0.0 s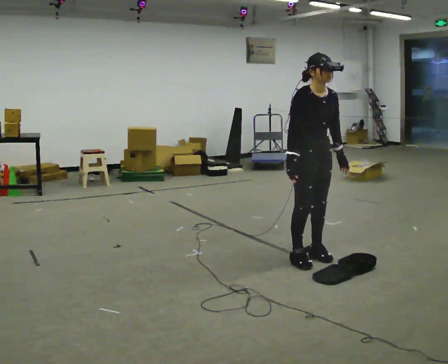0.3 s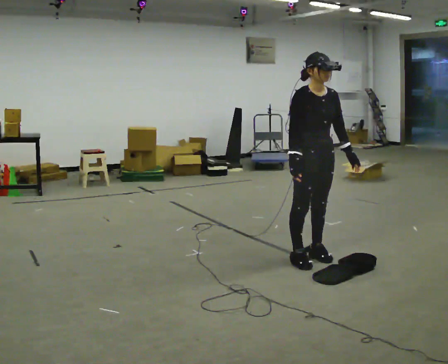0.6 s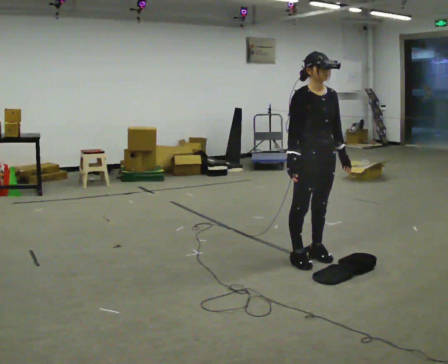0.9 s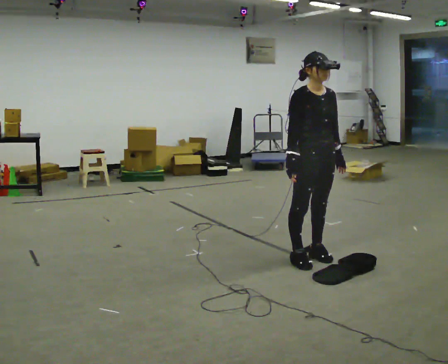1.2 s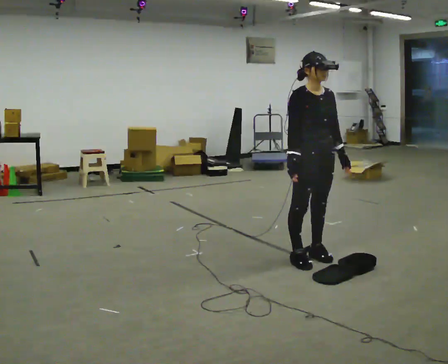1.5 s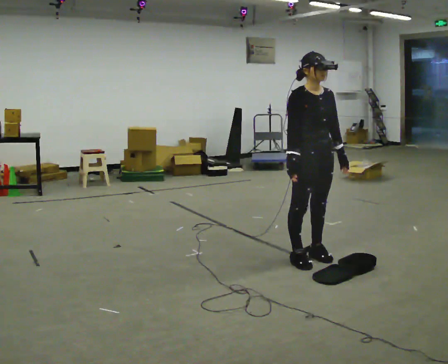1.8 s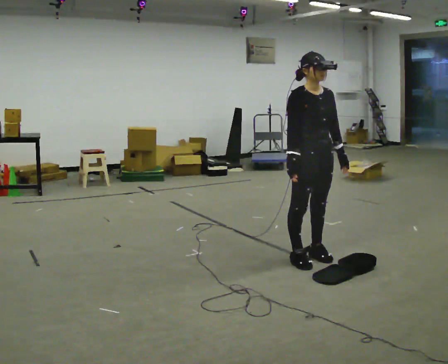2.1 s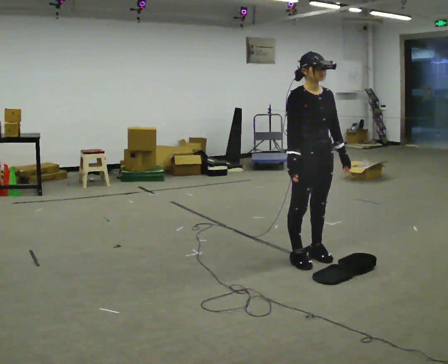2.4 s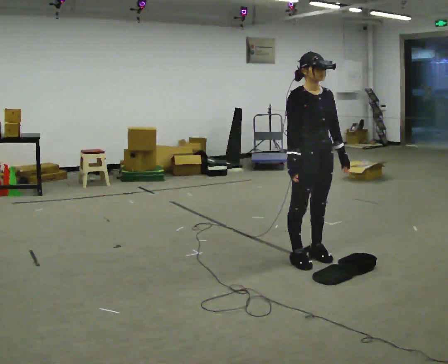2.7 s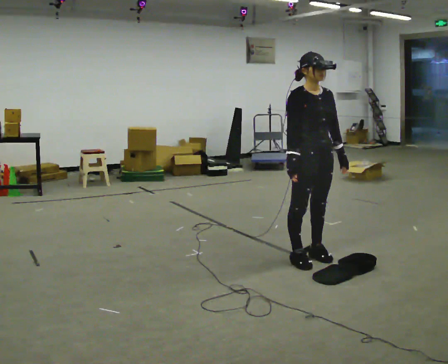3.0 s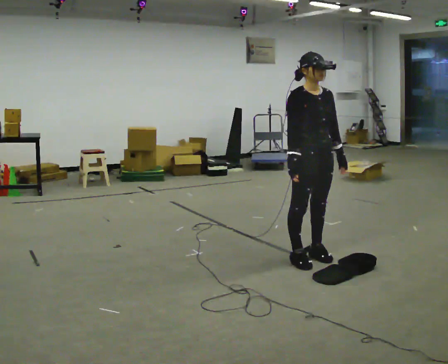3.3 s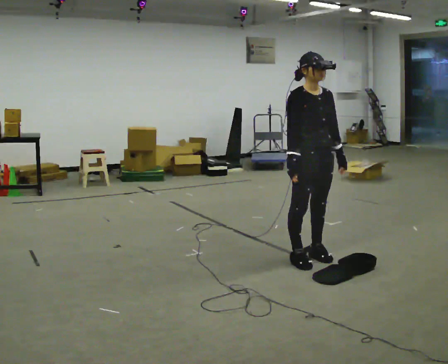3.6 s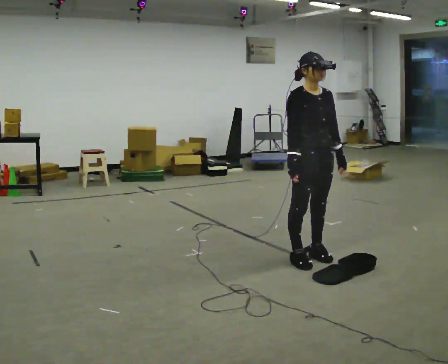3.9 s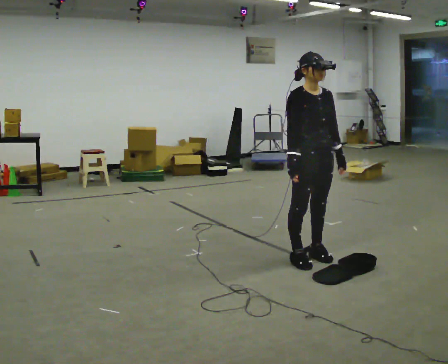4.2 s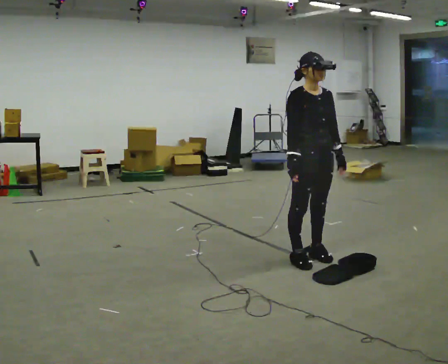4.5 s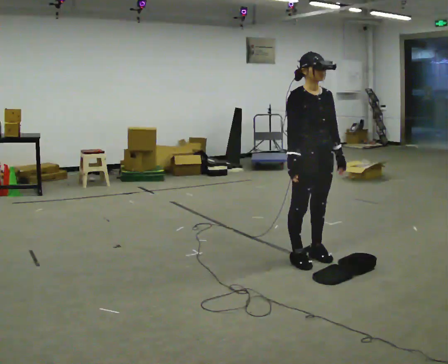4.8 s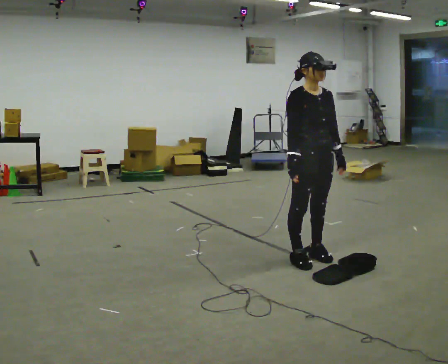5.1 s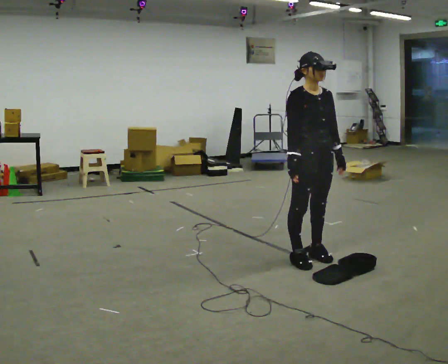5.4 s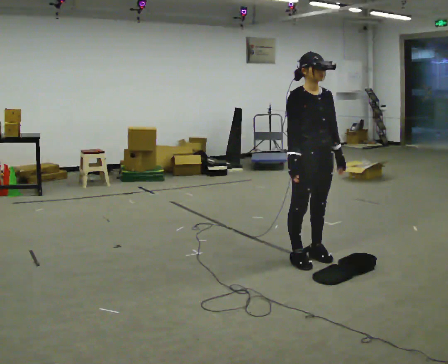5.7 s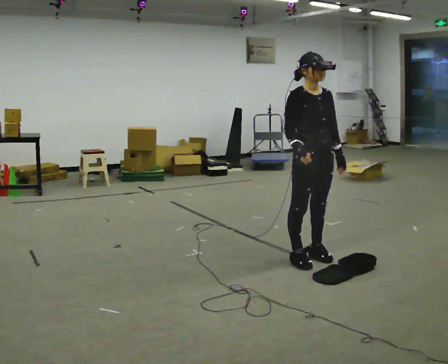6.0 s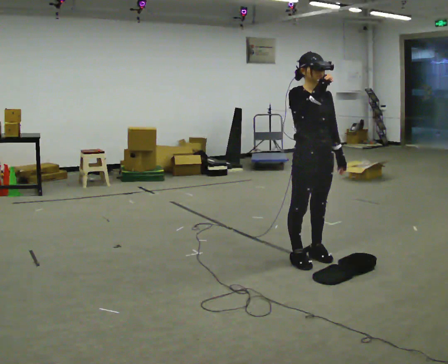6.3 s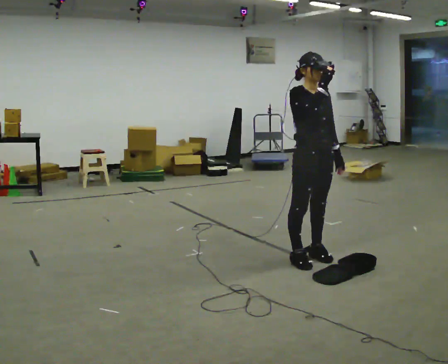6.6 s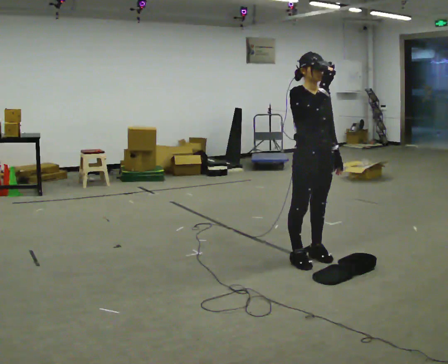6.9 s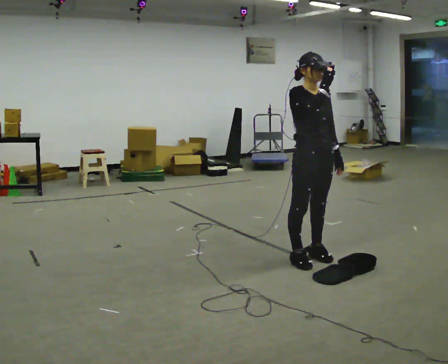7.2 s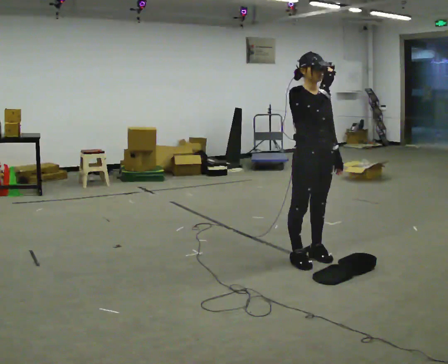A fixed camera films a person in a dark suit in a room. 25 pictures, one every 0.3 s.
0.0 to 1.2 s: The person moves a little, or ends about where they began.
1.2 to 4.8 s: The person keeps their place and pose.
4.8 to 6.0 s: In the picture their right hand goes upward.
6.0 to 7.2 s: The person moves a little, or ends about where they began.
The film runs forward here.
